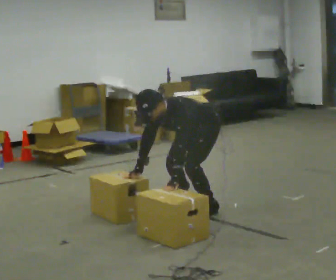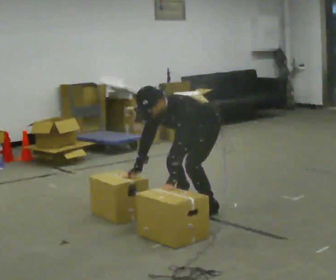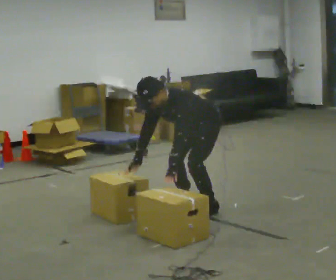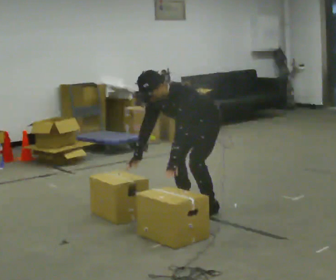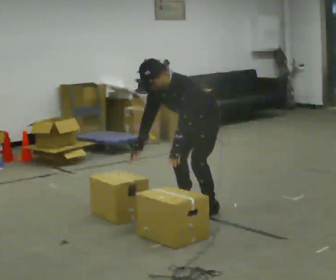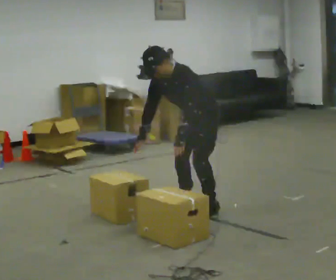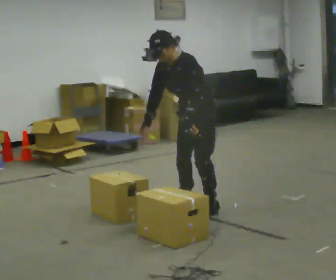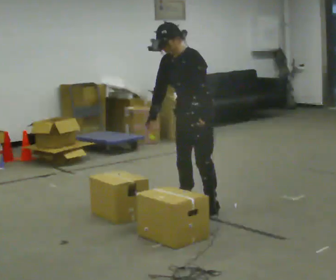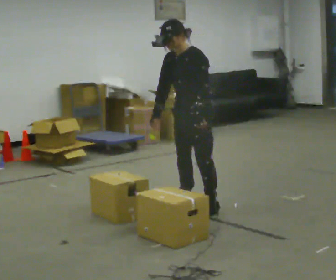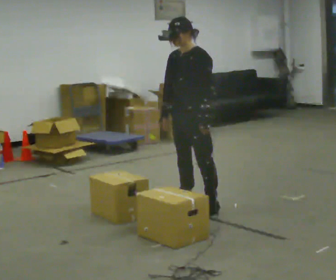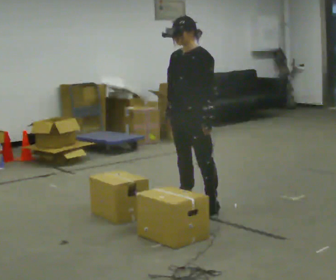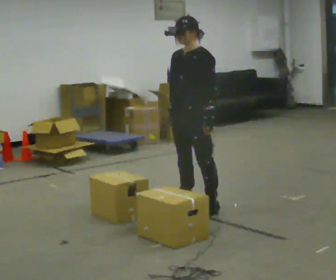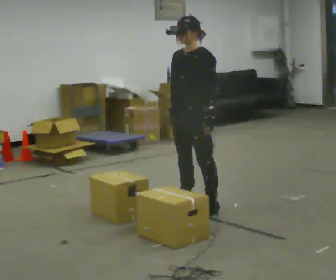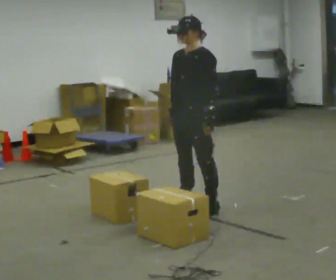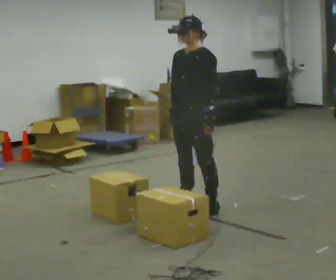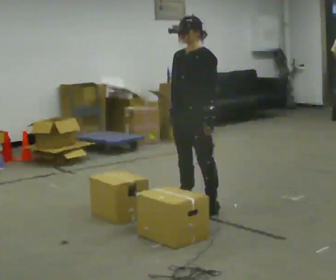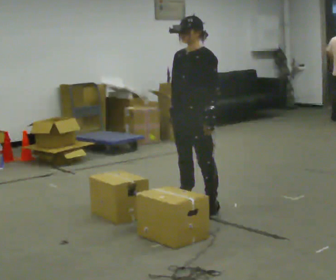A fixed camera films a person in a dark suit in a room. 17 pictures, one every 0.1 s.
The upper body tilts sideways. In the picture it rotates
clockwise.
The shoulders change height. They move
upward.
0.0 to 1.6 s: The upper body goes upward. In the picture the upper body tilts clockwise, shoulders to the right, as they lean back or straighten. In the picture their left hand goes upward.
The film runs backward here.
